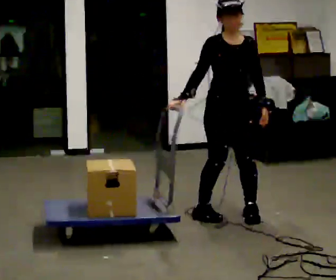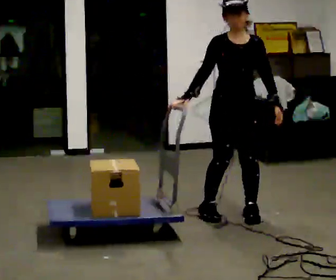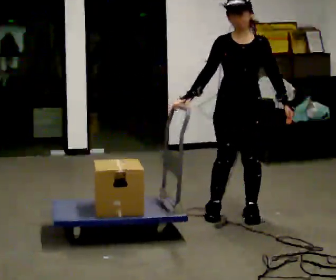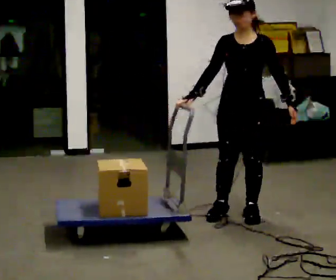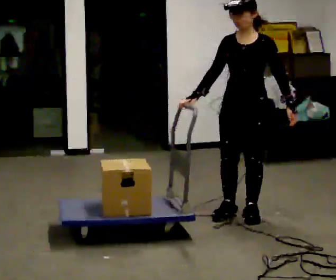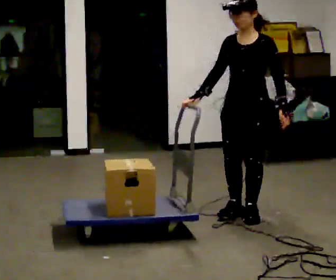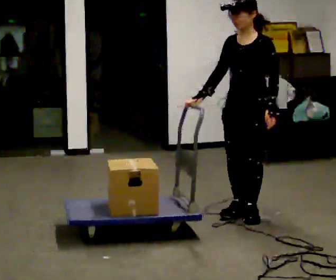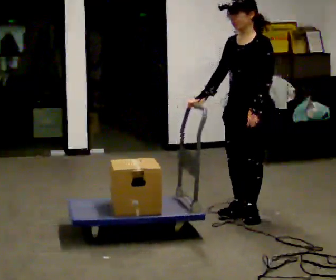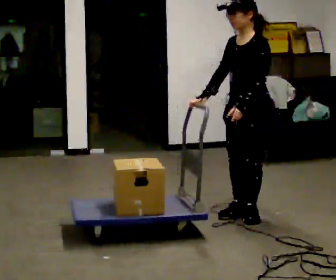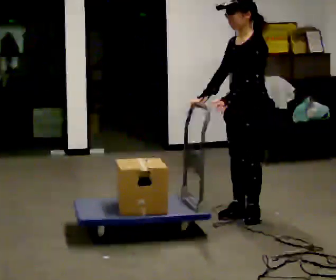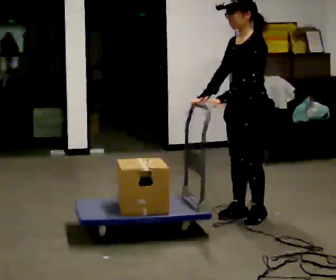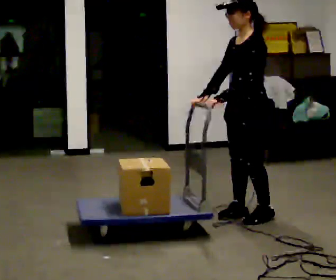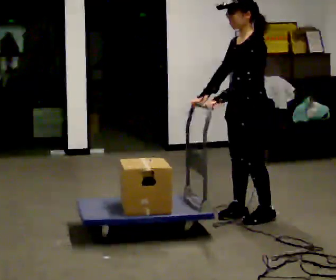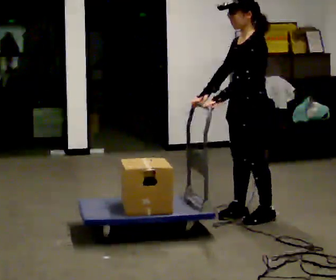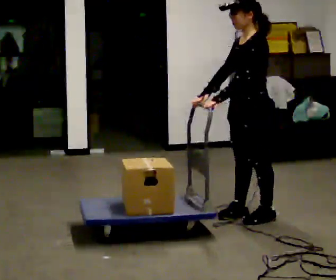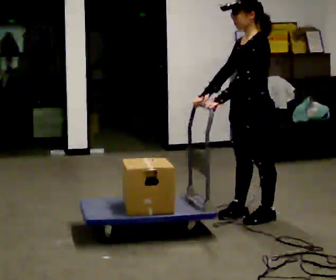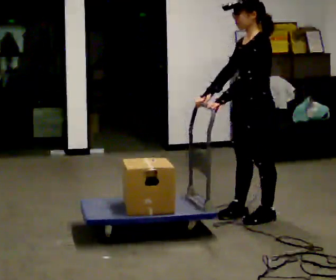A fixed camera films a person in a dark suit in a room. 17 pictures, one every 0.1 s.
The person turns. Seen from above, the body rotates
clockwise.
The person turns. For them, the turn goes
to their right.
0.0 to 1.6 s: The part of the body nearest the lens slides to the left as the person turns to their right by about 90 degrees. In the picture they go to the right, about 0.25 m in 2 steps.
The film runs forward here.
